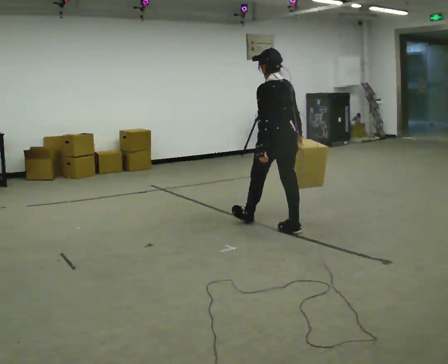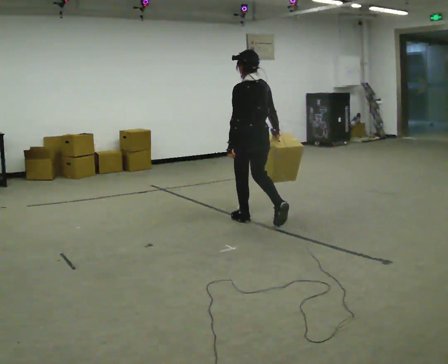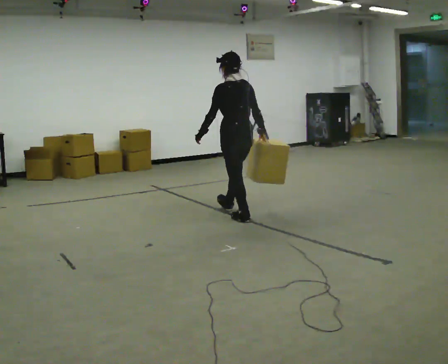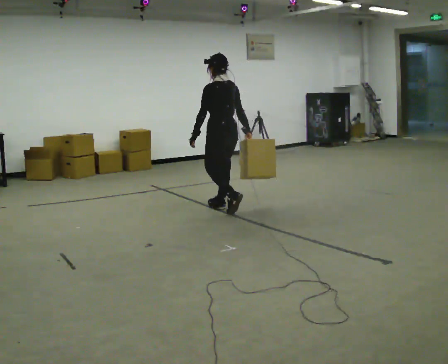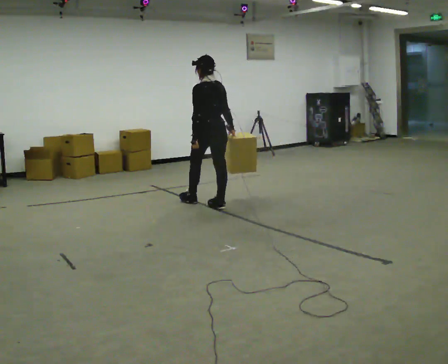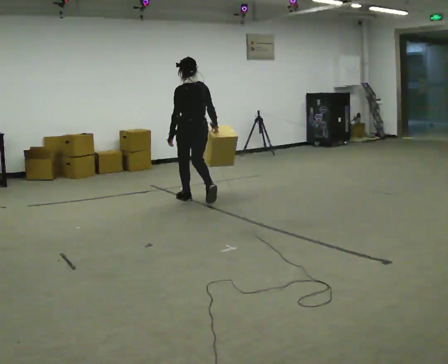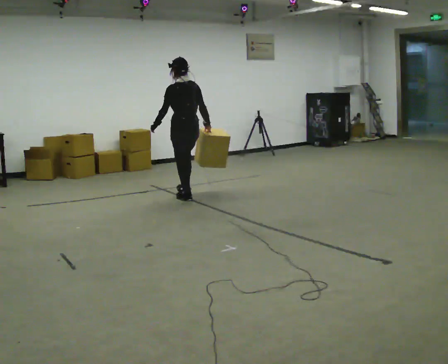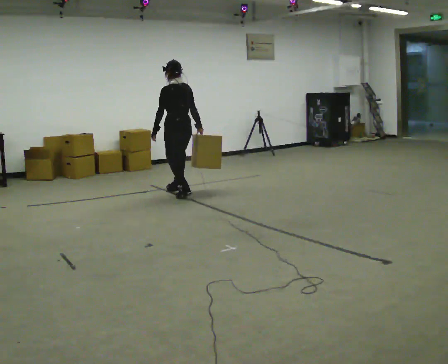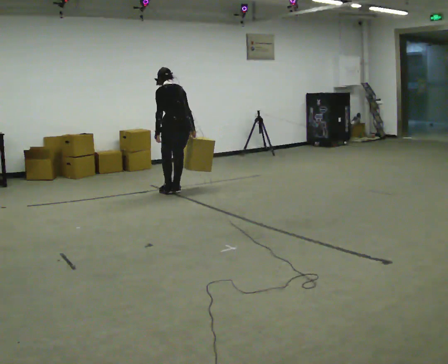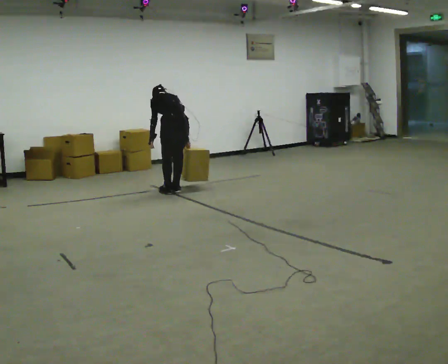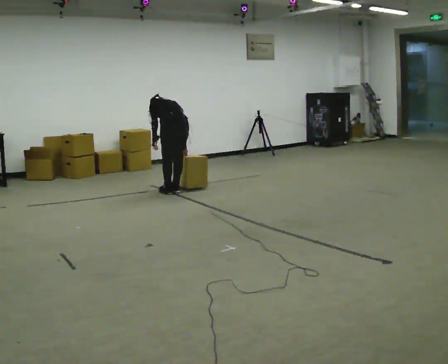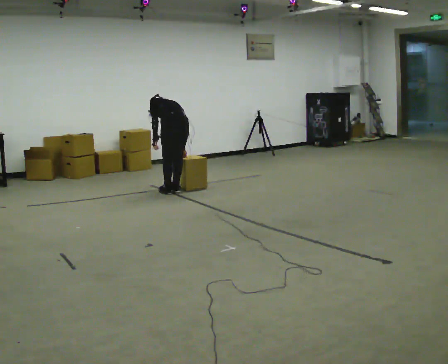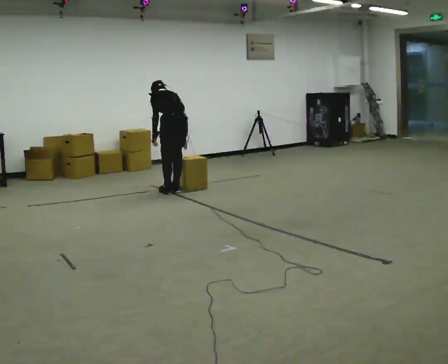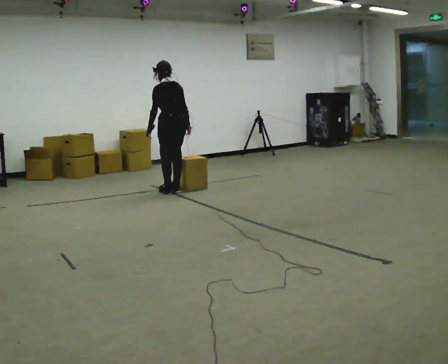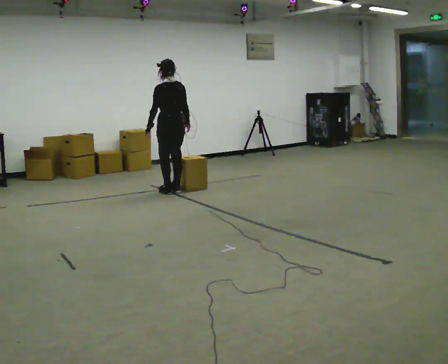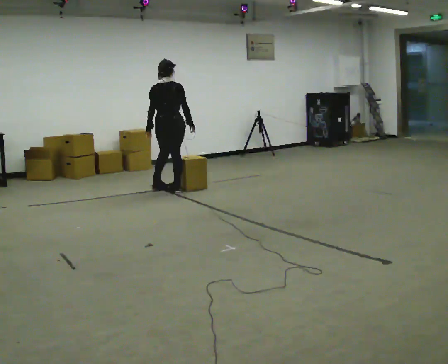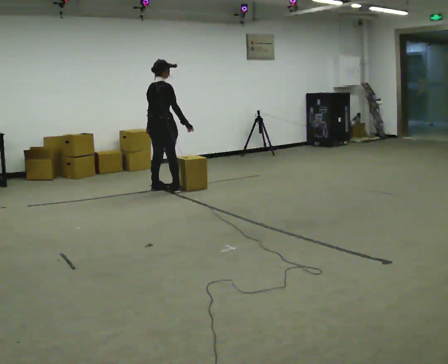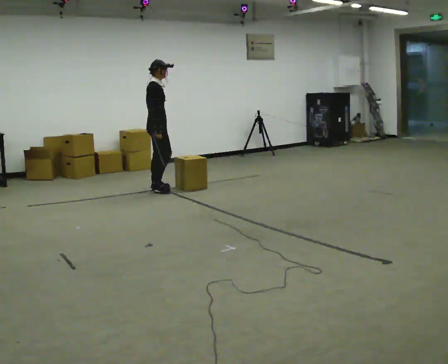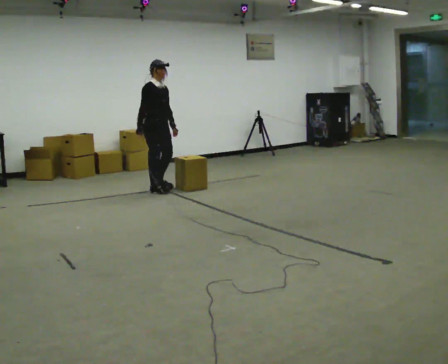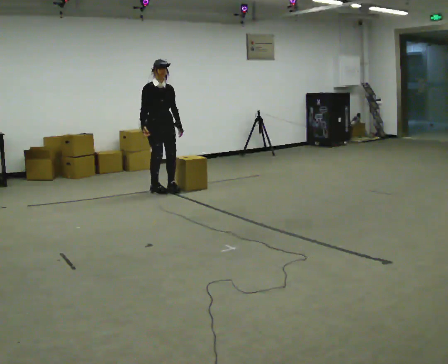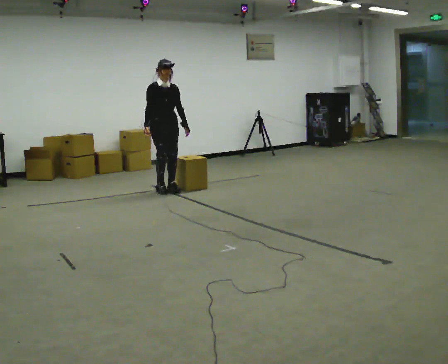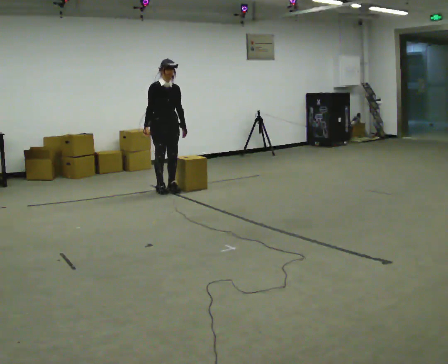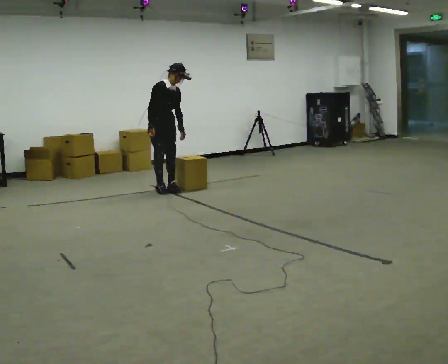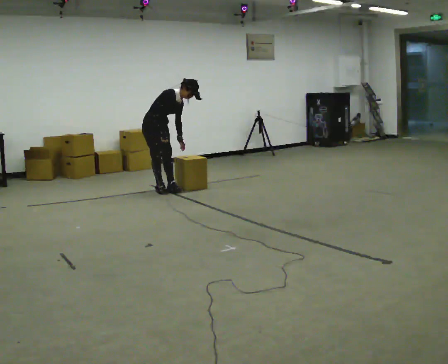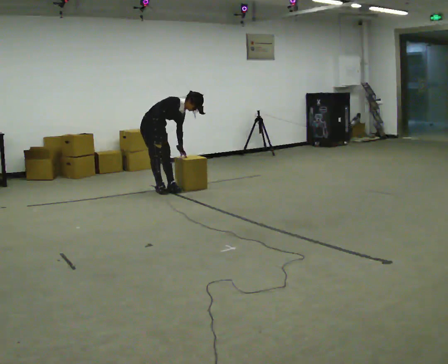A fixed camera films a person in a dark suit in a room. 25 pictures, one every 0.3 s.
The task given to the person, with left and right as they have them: Carry the box across the room, stopping and starting again each time the operator says stop and go. Do not set the box down.
0.0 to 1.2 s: In the picture they go away from the camera and to the left, about 1 m in 2 steps, which for them is forward.
1.2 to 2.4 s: In the picture they go away from the camera and to the left, about 1 m in 2 steps, which for them is forward.
2.4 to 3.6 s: The person moves a little, or ends about where they began.
3.6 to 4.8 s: The person turns about 75 degrees to their right, clockwise seen from above, so the part of the body nearest the lens slides to the left. In the picture they go away from the camera and to the left, about 0.25 m in 1 step. The upper body tips toward the camera, its near side rolling downward, as they lean back or straighten.
4.8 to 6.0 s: Seen from above the body turns clockwise, about 105 degrees: to their right, with its near side sliding to the left. In the picture their right hand goes to the left, the arm swinging clockwise.
6.0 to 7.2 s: Seen from above the body turns counterclockwise, about 30 degrees: to their left, with its near side sliding to the right. The shoulders move downward. In the picture the upper body tilts clockwise, shoulders to the right, as they bend forward.
The film runs forward here.
